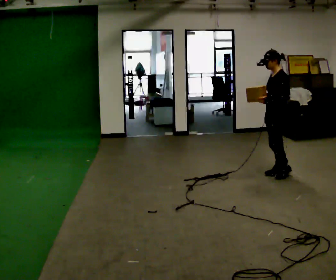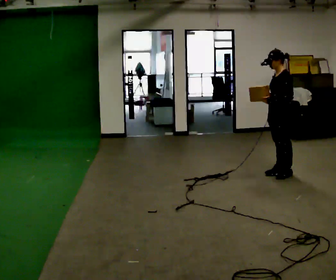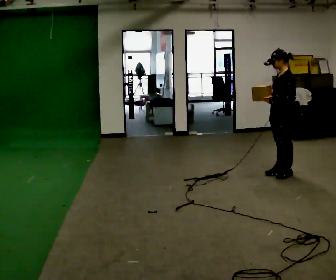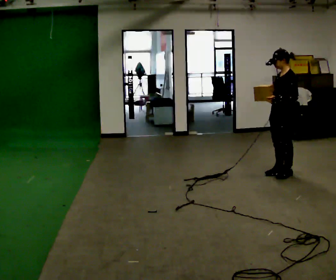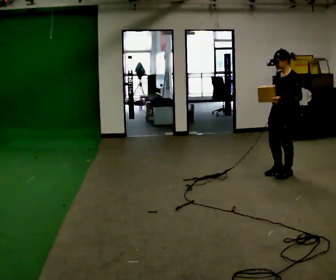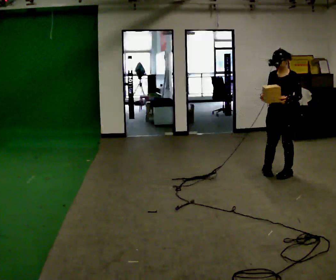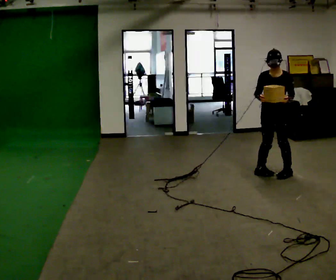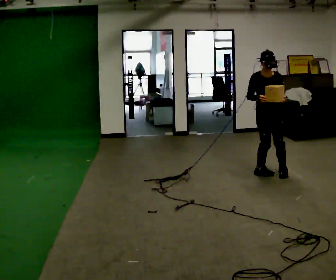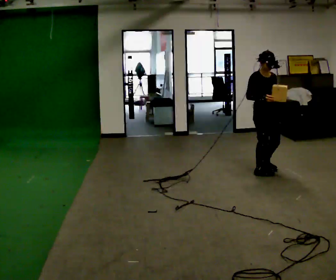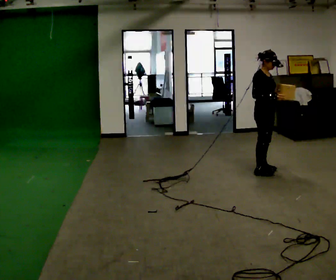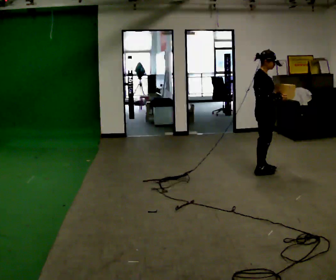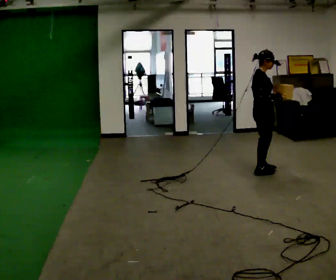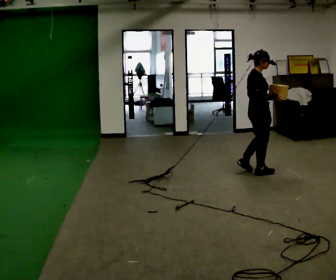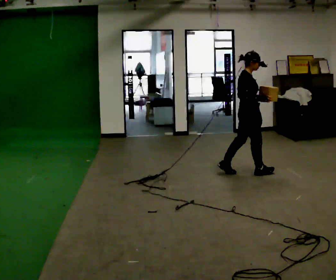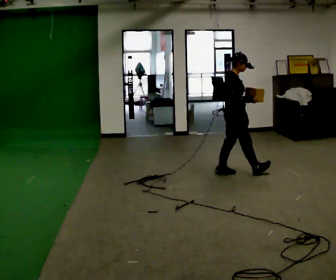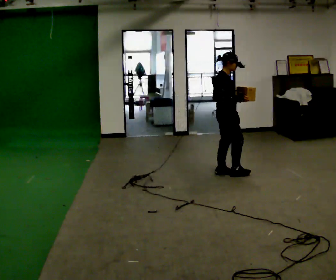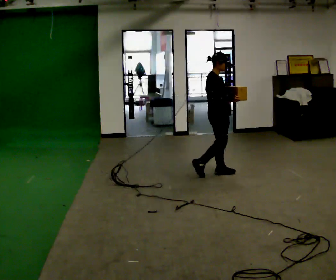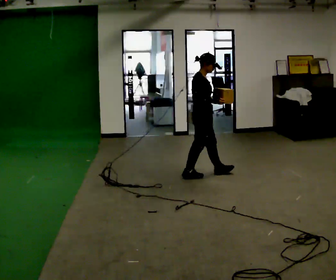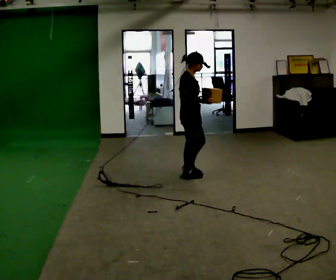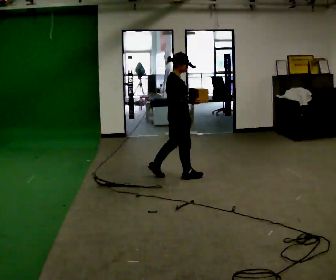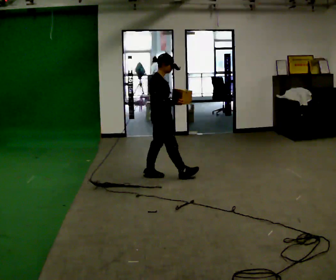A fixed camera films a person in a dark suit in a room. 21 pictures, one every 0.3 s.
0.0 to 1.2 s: The person moves a little, or ends about where they began.
1.2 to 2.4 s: The part of the body nearest the lens slides to the right as the person turns to their left by about 105 degrees. In the picture they go to the left, about 0.25 m in 2 steps.
2.4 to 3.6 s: The part of the body nearest the lens slides to the right as the person turns to their left by about 60 degrees.
3.6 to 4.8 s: In the picture they go to the left, about 0.5 m in 1 step, which for them is backward and to their left.
4.8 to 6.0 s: In the picture they go to the left, about 0.75 m in 2 steps, which for them is backward.
The film runs backward here.
